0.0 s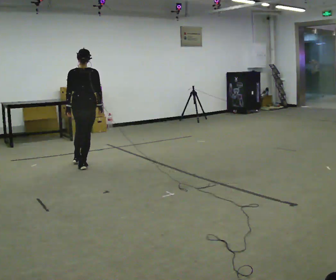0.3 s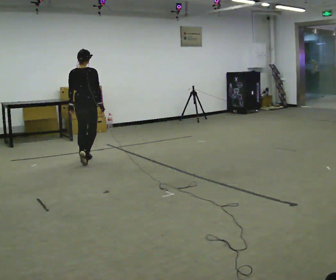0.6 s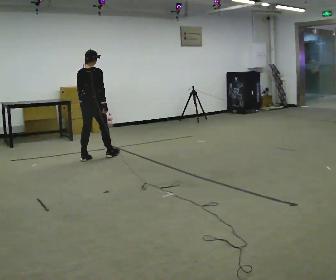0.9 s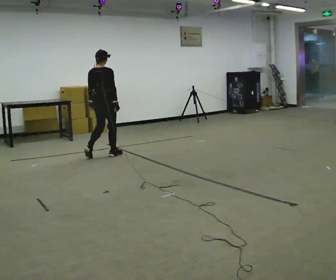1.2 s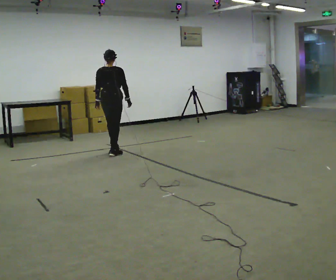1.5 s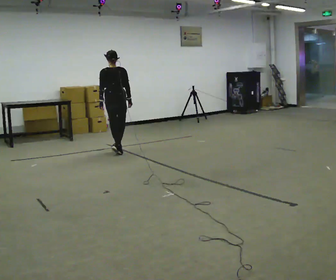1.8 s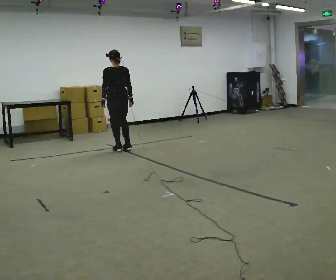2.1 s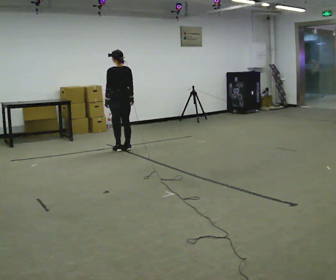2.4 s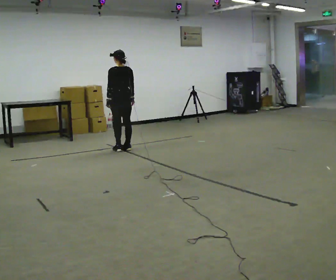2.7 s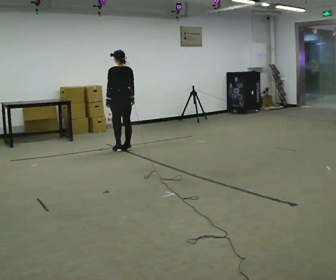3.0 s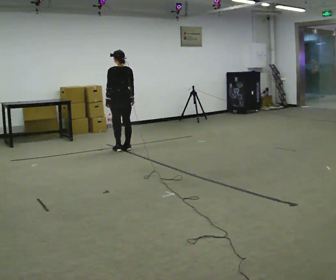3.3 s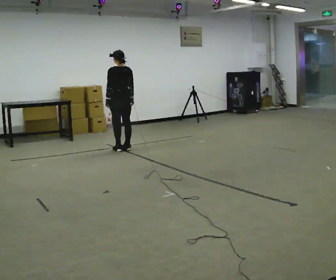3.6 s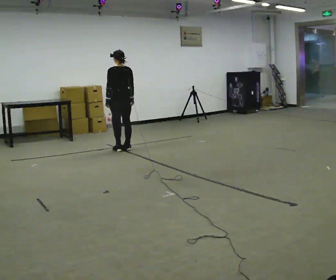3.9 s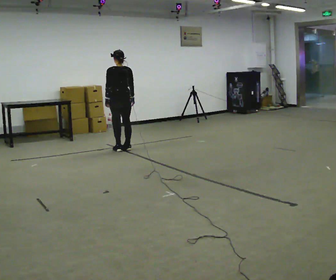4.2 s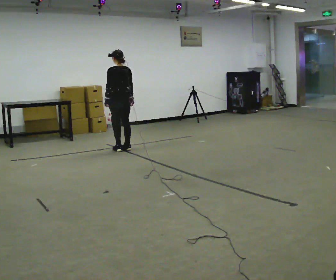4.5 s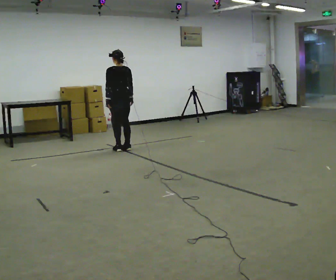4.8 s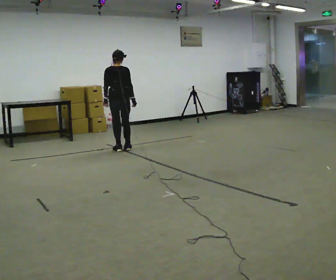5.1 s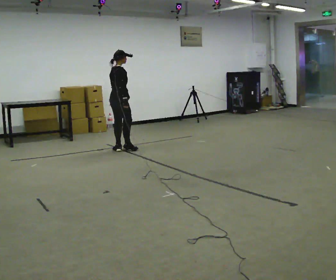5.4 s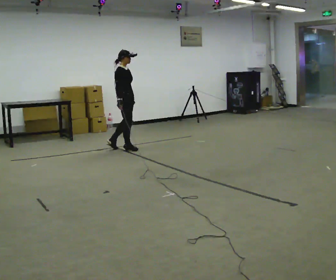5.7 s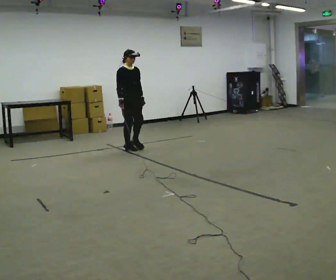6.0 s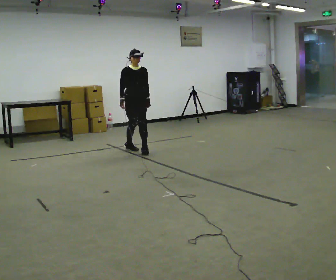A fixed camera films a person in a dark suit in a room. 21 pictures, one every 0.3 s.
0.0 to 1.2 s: In the picture they go away from the camera and to the right, about 0.5 m in 2 steps, which for them is forward.
1.2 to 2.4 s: The person turns about 45 degrees to their left, counterclockwise seen from above, so the part of the body nearest the lens slides to the right. In the picture they go away from the camera and to the right, about 0.25 m in 2 steps, which for them is to their right and forward.
2.4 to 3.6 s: The person keeps their place and pose.
3.6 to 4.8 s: Seen from above the body turns clockwise, about 45 degrees: to their right, with its near side sliding to the left.
4.8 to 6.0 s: Seen from above the body turns clockwise, about 150 degrees: to their right, with its near side sliding to the left. In the picture they go to the right, about 0.25 m in 1 step.
The film runs forward here.
